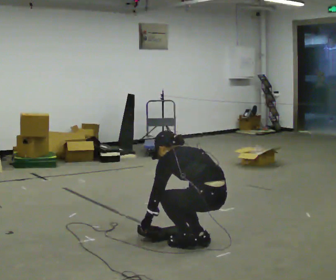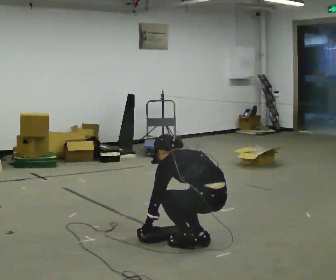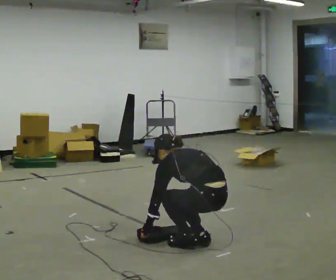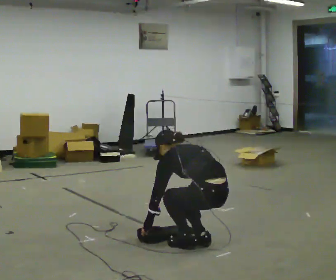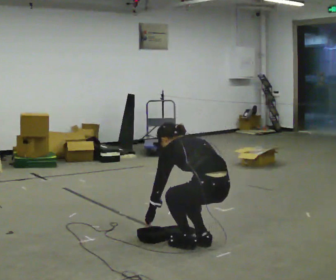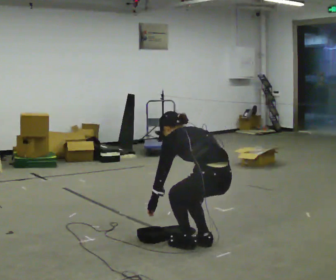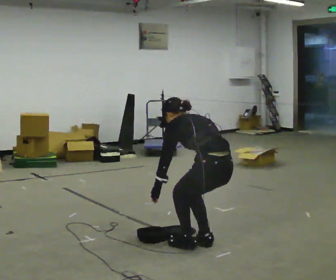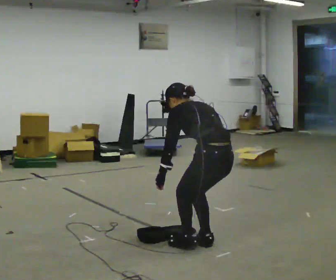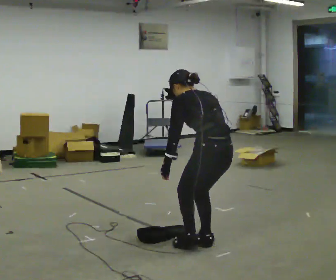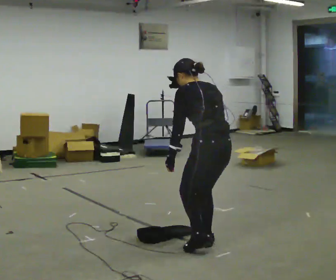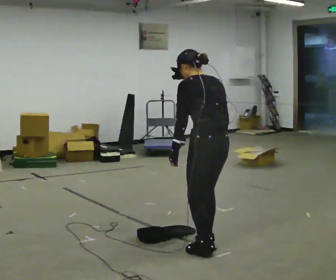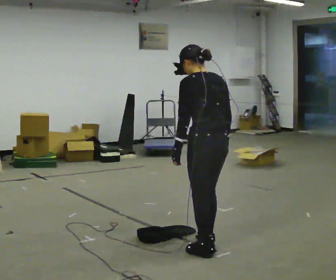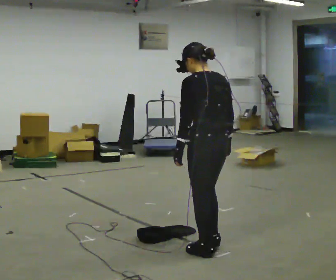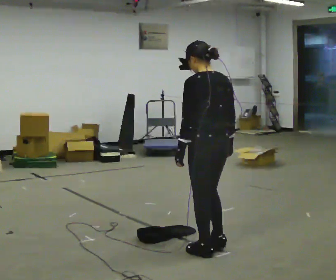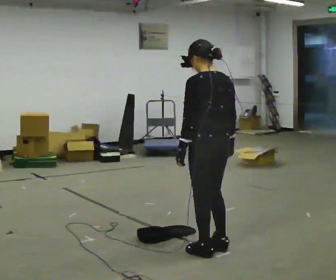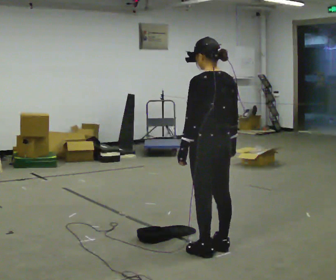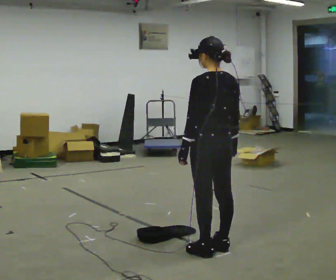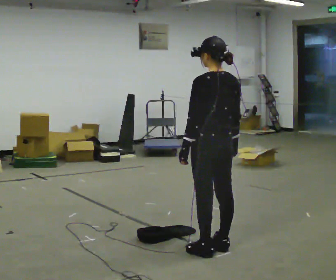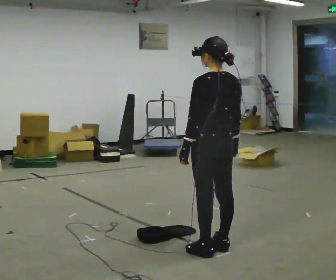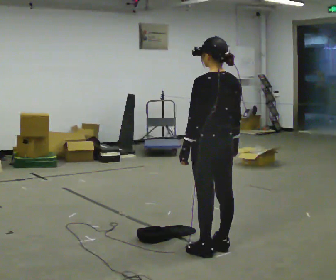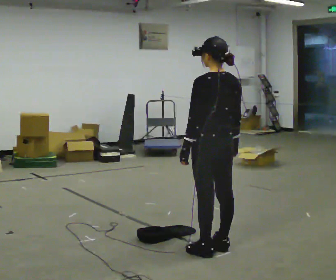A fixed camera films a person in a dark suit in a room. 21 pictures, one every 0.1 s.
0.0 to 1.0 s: The upper body goes upward. In the picture the upper body tilts clockwise, shoulders to the right, as they lean back or straighten. In the picture their right hand goes upward.
1.0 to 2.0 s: The person moves a little, or ends about where they began.
The film runs backward here.
